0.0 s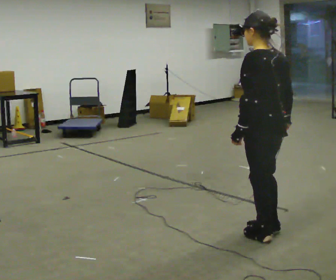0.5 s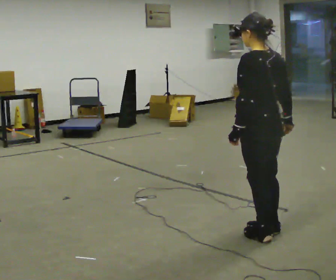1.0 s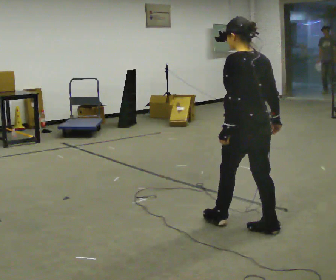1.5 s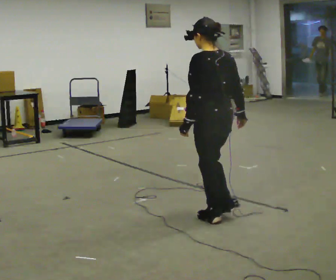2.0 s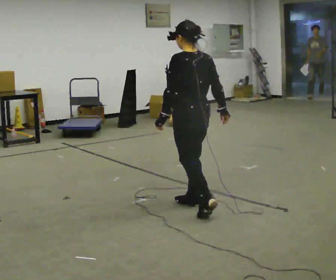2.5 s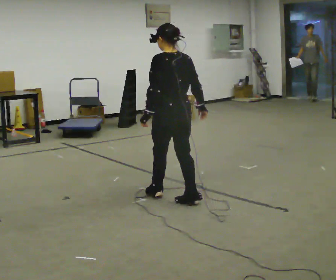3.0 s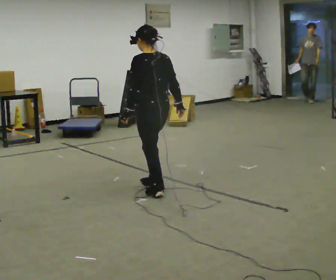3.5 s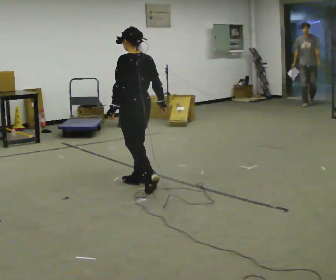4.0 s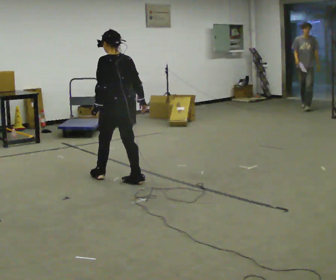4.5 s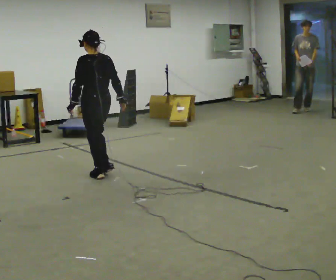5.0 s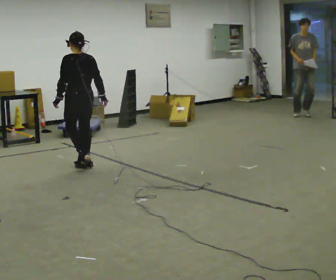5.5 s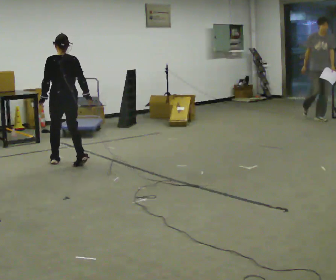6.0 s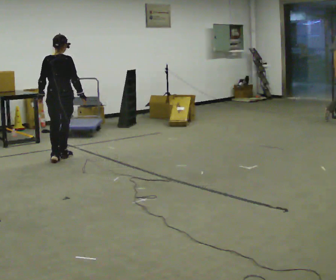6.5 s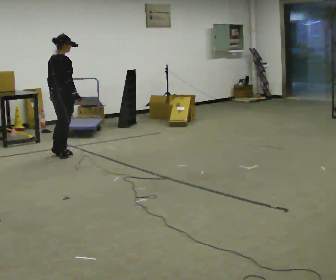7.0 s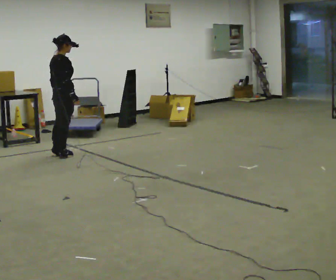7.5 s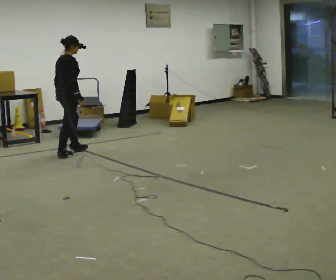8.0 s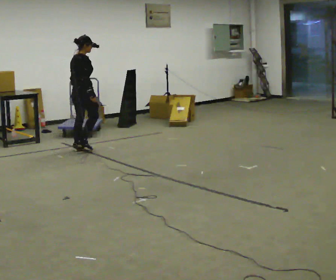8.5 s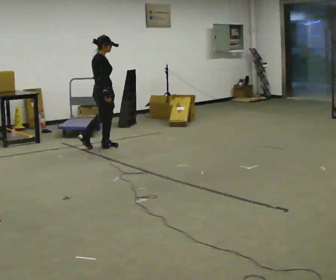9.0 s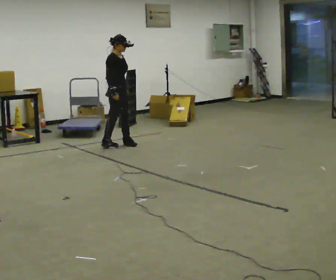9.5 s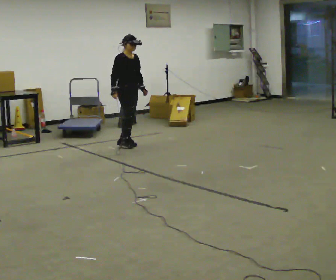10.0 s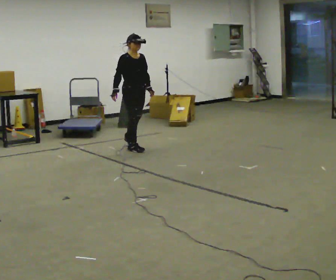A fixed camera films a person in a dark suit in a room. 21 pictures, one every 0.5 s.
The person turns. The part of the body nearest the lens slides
to the left.
The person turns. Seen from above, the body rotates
clockwise.
0.0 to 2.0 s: In the picture they go away from the camera and to the left, about 1 m in 2 steps, which for them is forward.
2.0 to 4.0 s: In the picture they go away from the camera and to the left, about 1 m in 3 steps, which for them is forward.
4.0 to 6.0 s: Seen from above the body turns clockwise, about 45 degrees: to their right, with its near side sliding to the left. In the picture they go away from the camera and to the left, about 1 m in 3 steps, which for them is forward.
6.0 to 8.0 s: Seen from above the body turns clockwise, about 45 degrees: to their right, with its near side sliding to the left. In the picture they go away from the camera and to the right, about 0.5 m in 2 steps, which for them is forward and to their left.
8.0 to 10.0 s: The person turns about 90 degrees to their right, clockwise seen from above, so the part of the body nearest the lens slides to the left. In the picture they go to the right, about 0.75 m in 3 steps.
The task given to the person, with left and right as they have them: Walk straight; turn around and walk back; use wide or tight turn.
The film runs forward here.
